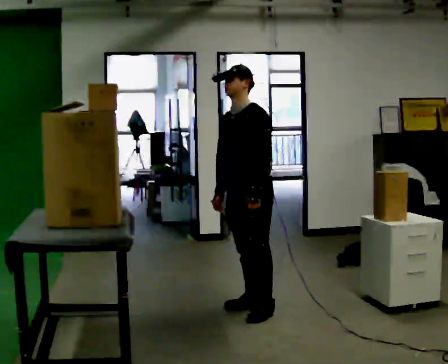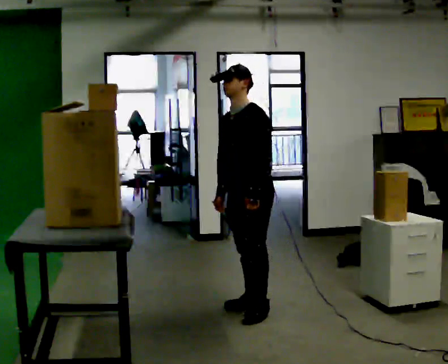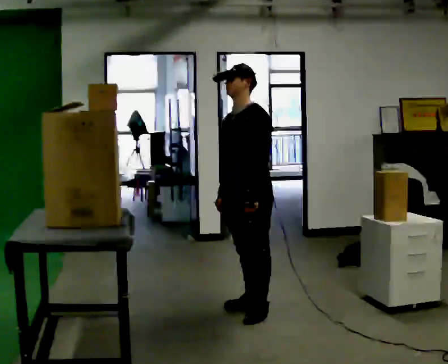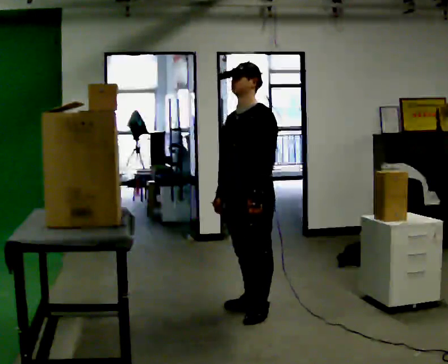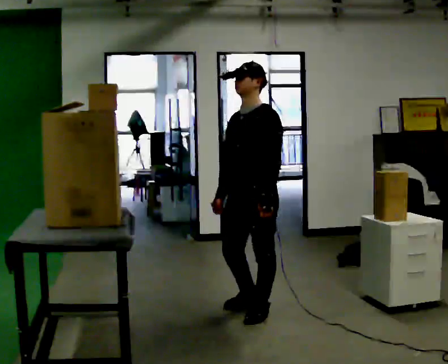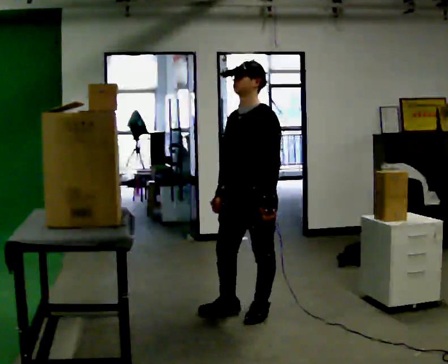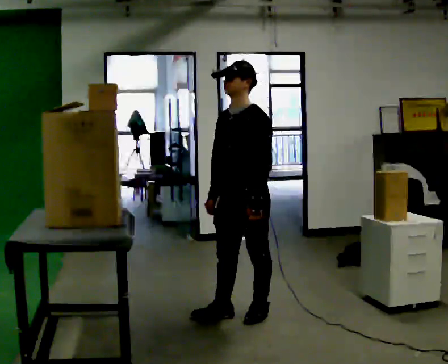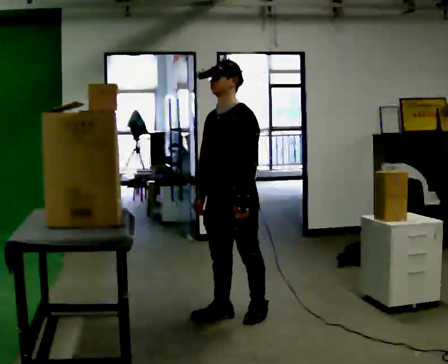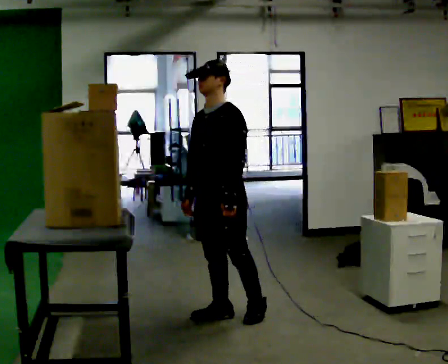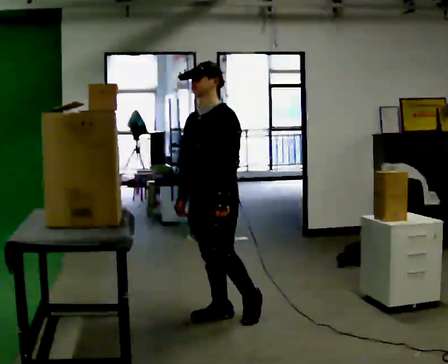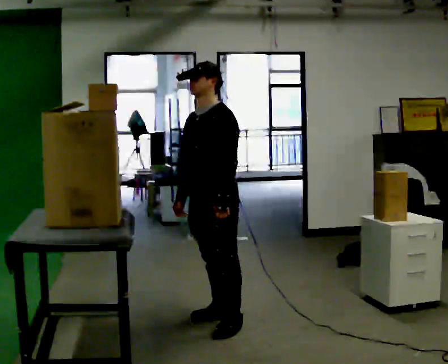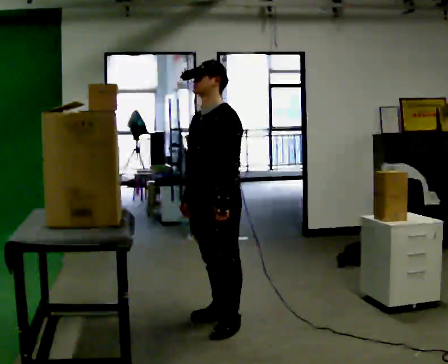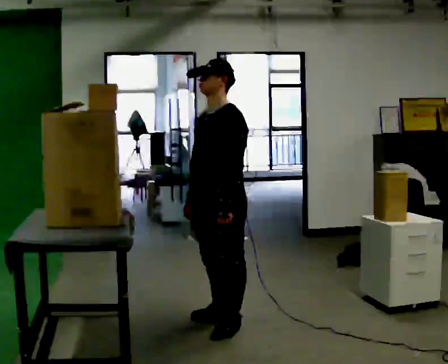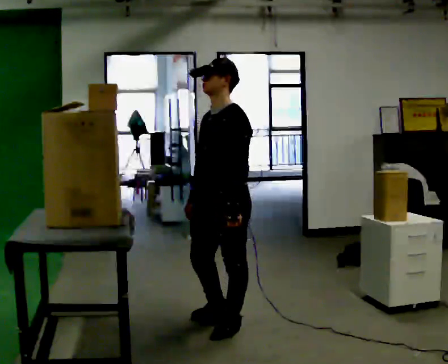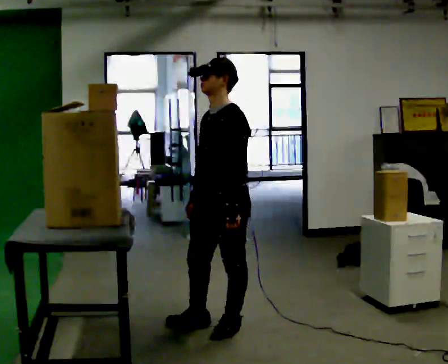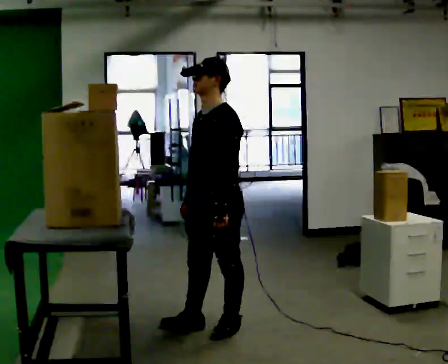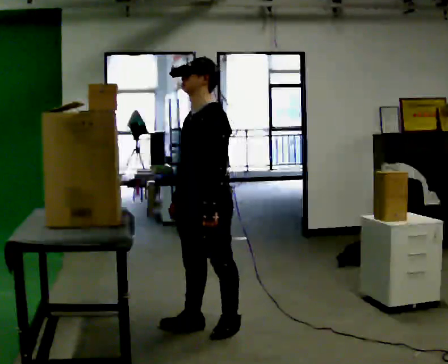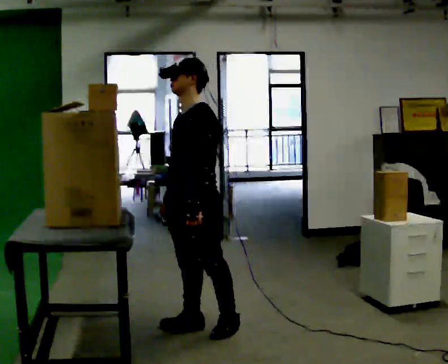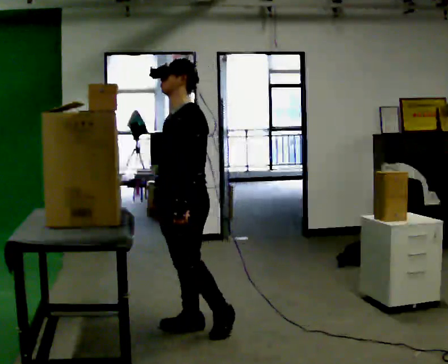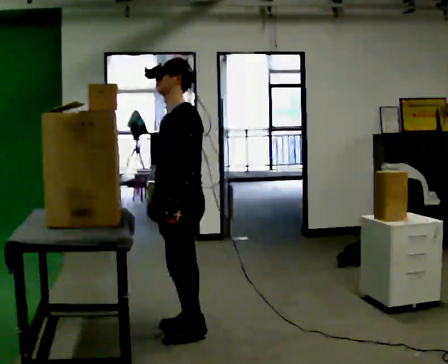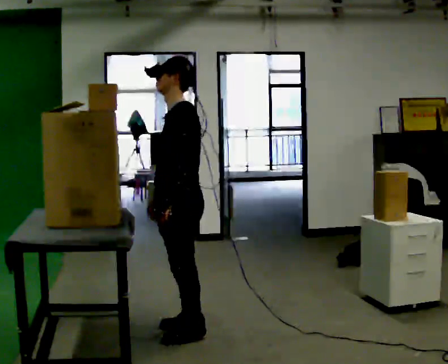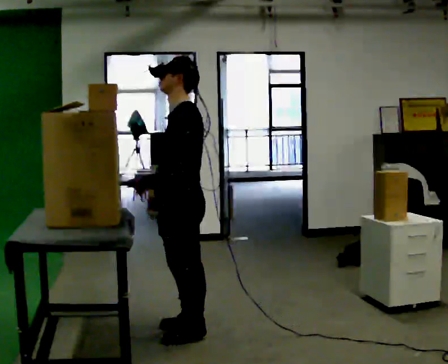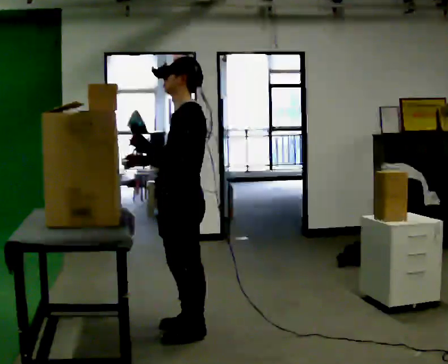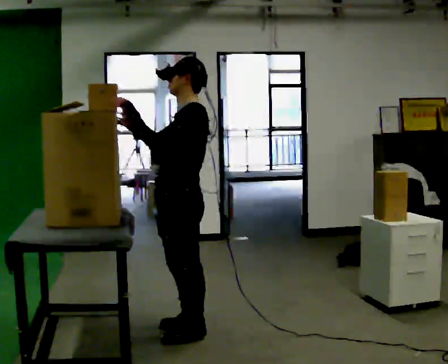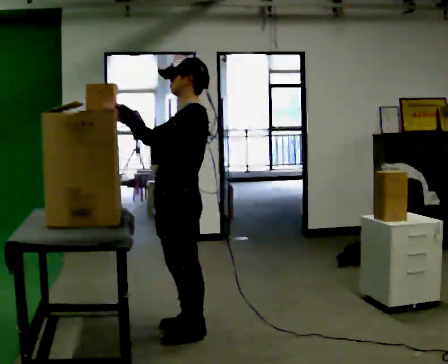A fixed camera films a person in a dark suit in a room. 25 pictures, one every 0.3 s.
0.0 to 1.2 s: In the picture they go toward the camera, about 0.25 m in 1 step, which for them is to their left and forward.
1.2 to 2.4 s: In the picture they go to the left, about 0.25 m in 1 step, which for them is forward and to their right.
2.4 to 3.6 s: In the picture they go toward the camera, about 0.25 m in 1 step, which for them is forward and to their left.
3.6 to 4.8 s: The person moves a little, or ends about where they began.
4.8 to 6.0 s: In the picture they go to the left, about 0.25 m in 1 step, which for them is forward.
6.0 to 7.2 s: In the picture their right hand goes upward, the arm swinging clockwise.
The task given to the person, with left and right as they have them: Take an object down from the highest shelf you can comfortably reach, carry it across, and place it on the waist-height shelf. Keep going until the operator says stop; one object at a time, and do not rush between trips.
The film runs forward here.
